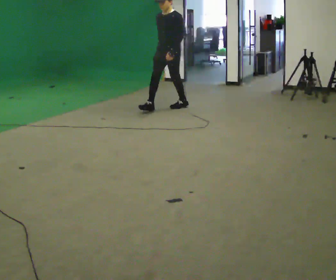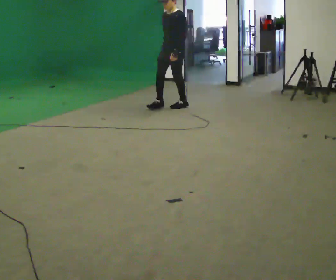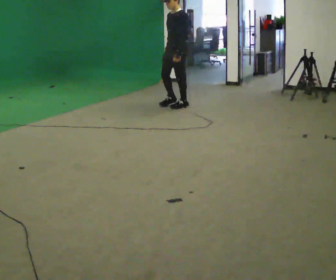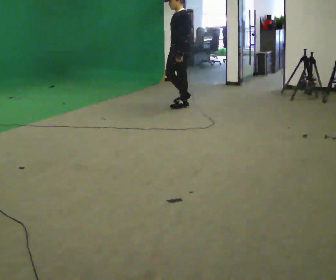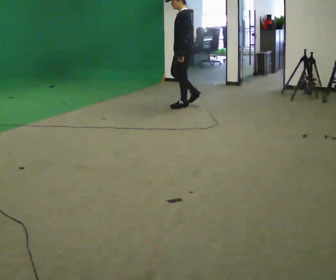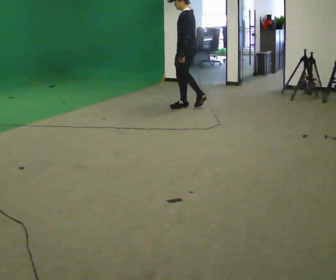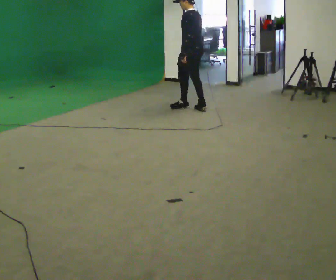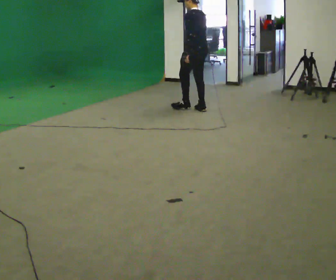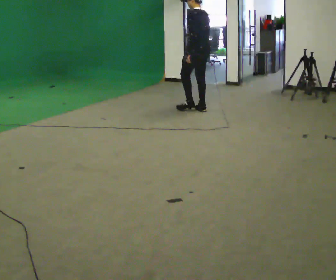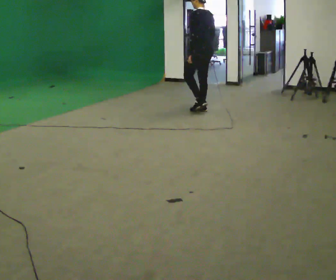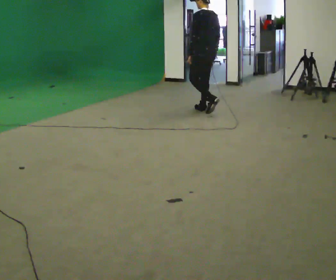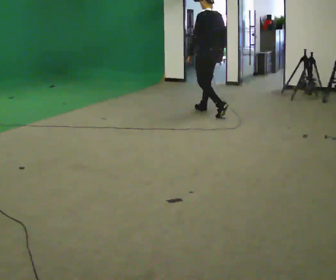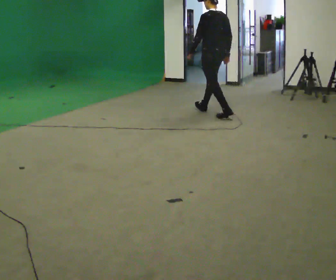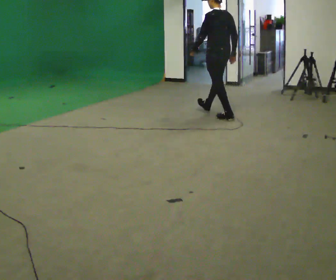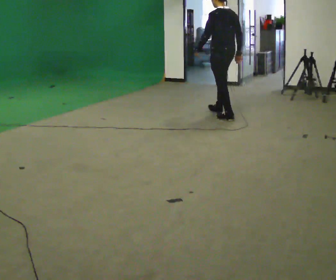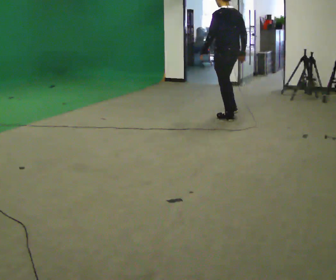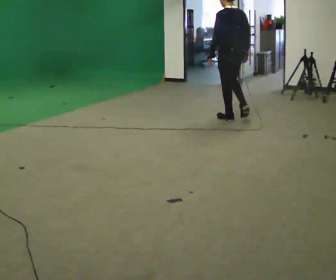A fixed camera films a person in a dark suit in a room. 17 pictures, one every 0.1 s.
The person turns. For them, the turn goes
to their right.
The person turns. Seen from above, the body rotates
clockwise.
0.0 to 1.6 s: The person turns about 105 degrees to their right, clockwise seen from above, so the part of the body nearest the lens slides to the left. In the picture they go to the right and toward the camera, about 1 m in 2 steps.
The film runs backward here.
